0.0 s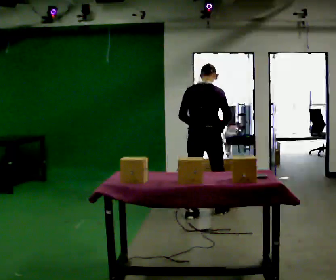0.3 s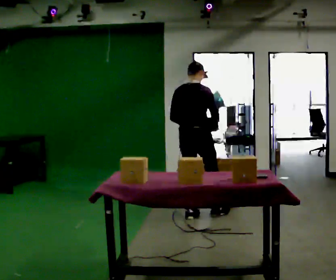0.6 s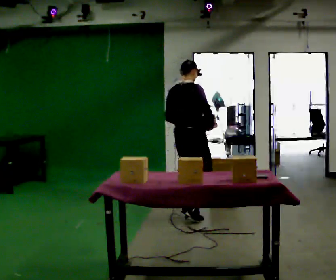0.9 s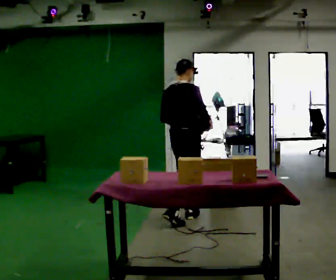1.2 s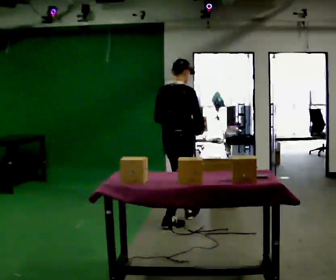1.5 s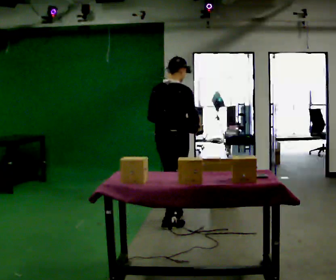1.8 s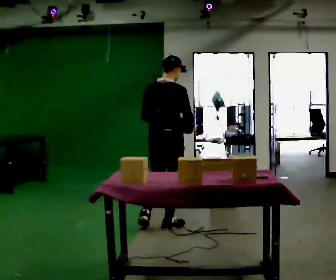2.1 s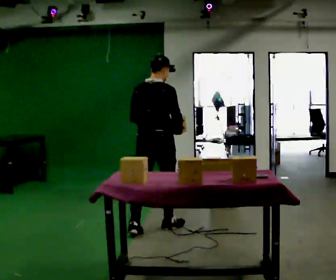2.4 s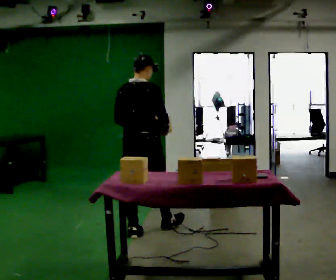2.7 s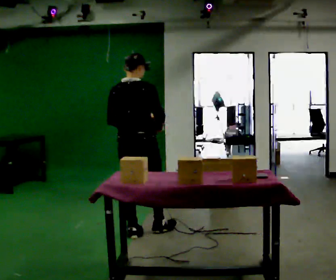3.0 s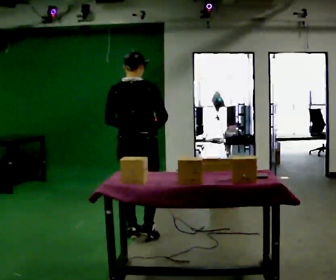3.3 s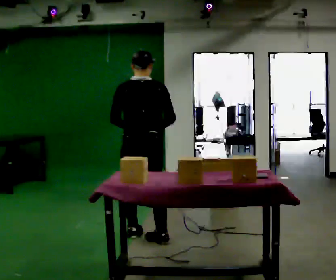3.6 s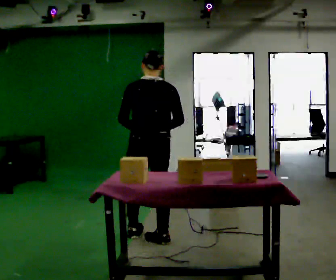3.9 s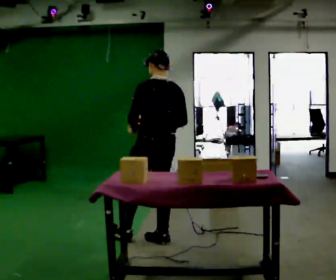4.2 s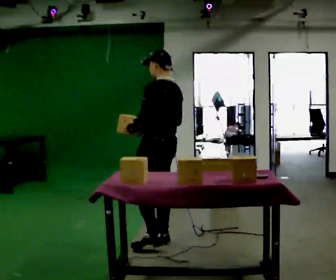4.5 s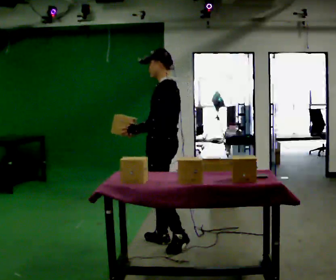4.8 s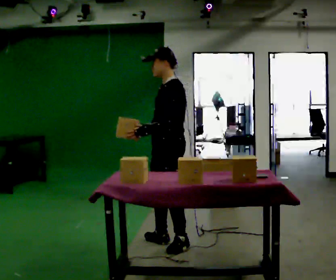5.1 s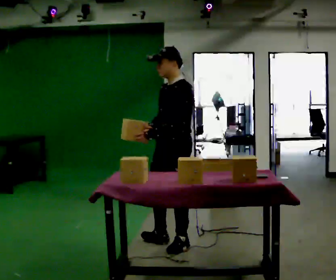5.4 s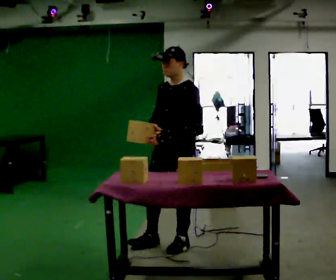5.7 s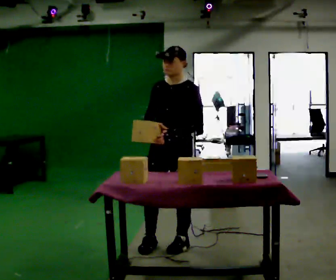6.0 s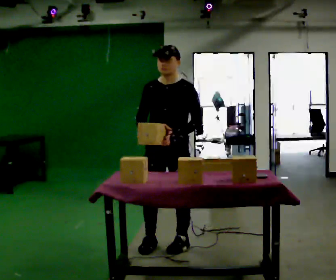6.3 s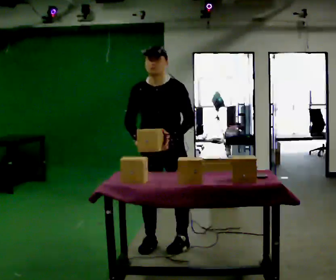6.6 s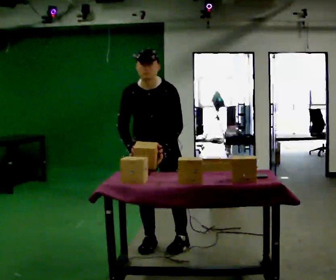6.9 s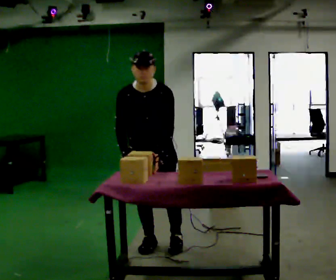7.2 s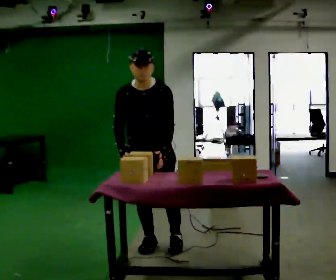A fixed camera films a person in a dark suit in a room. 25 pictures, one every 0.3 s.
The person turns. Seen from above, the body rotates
counterclockwise.
The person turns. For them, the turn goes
to their left.
0.0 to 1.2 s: In the picture they go toward the camera and to the left, about 0.5 m in 1 step, which for them is backward.
1.2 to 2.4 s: In the picture they go toward the camera and to the left, about 0.5 m in 1 step, which for them is backward.
2.4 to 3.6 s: The person turns about 45 degrees to their left, counterclockwise seen from above, so the part of the body nearest the lens slides to the right. In the picture they go toward the camera, about 0.25 m in 1 step, which for them is backward and to their right.
3.6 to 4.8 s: The part of the body nearest the lens slides to the right as the person turns to their left by about 90 degrees. In the picture they go to the right, about 0.25 m in 1 step.
4.8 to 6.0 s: The part of the body nearest the lens slides to the right as the person turns to their left by about 60 degrees.
6.0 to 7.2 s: In the picture they go to the left, about 0.25 m, which for them is to their right.
The film runs backward here.
